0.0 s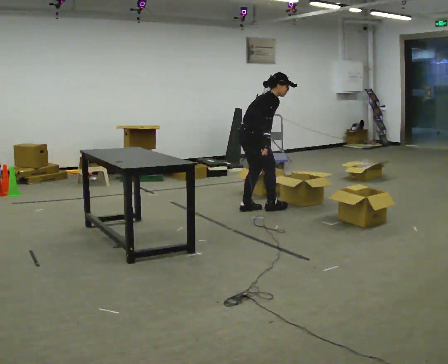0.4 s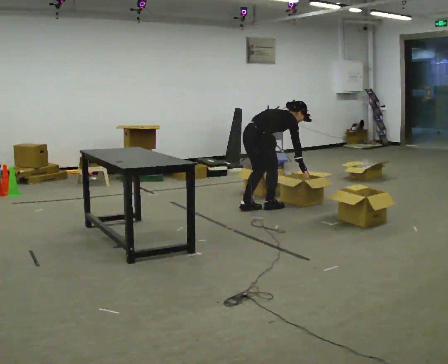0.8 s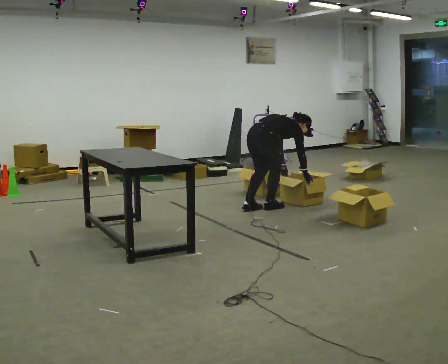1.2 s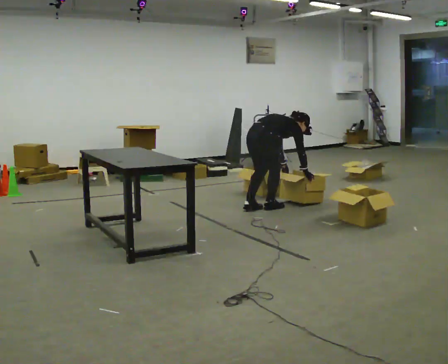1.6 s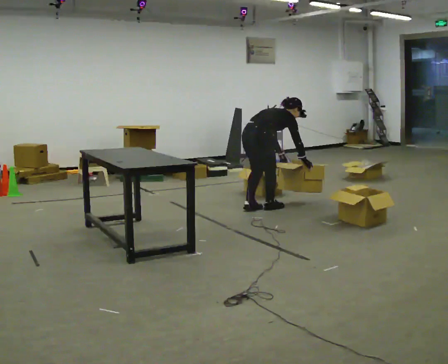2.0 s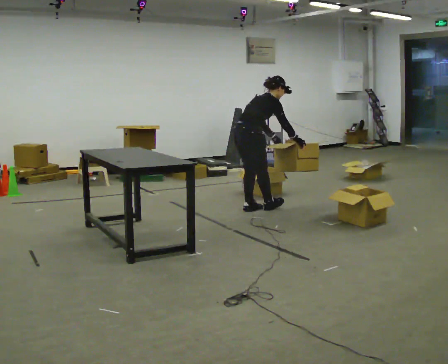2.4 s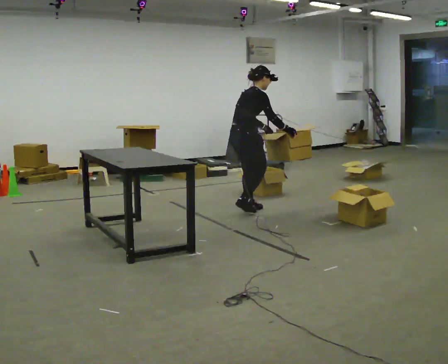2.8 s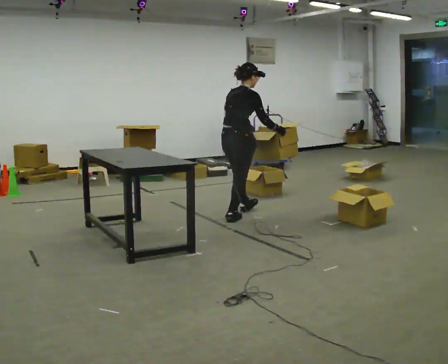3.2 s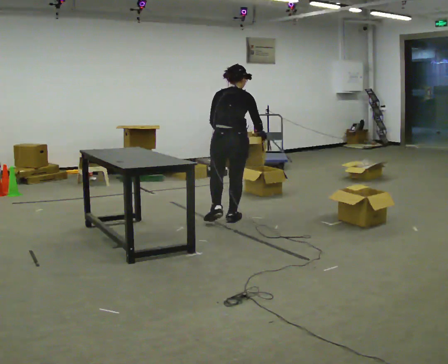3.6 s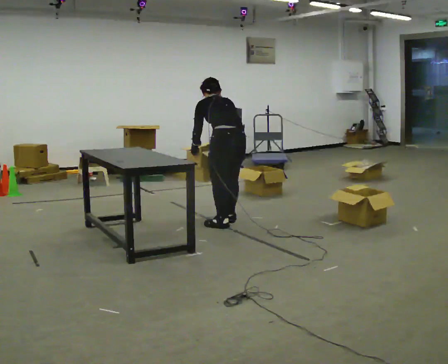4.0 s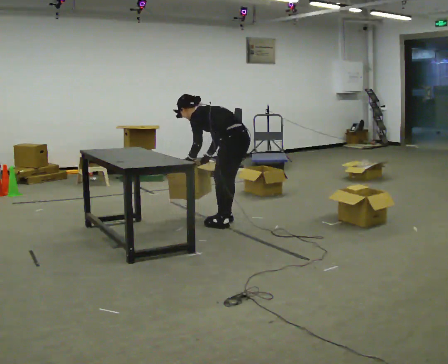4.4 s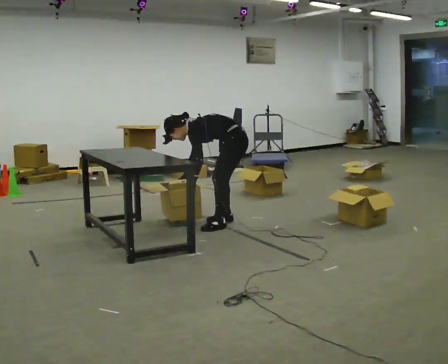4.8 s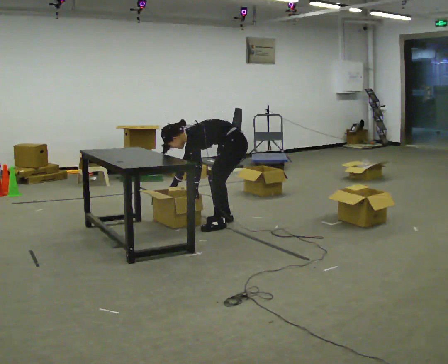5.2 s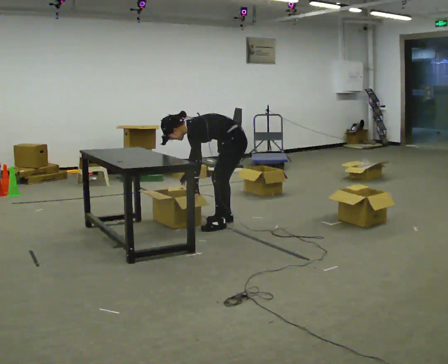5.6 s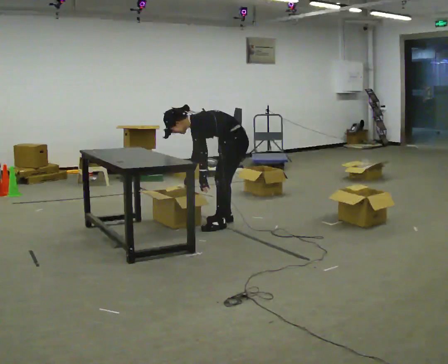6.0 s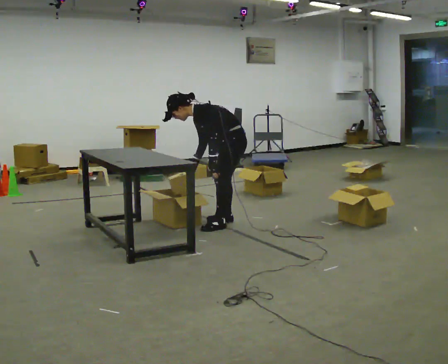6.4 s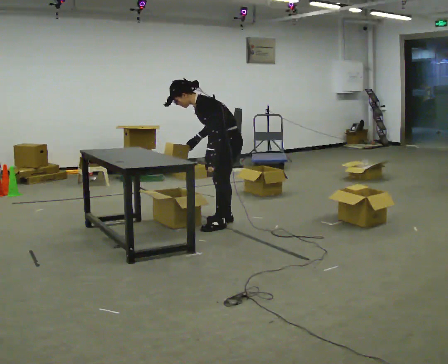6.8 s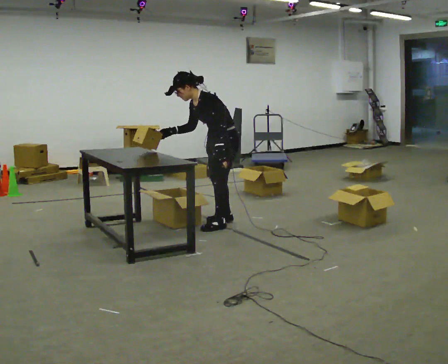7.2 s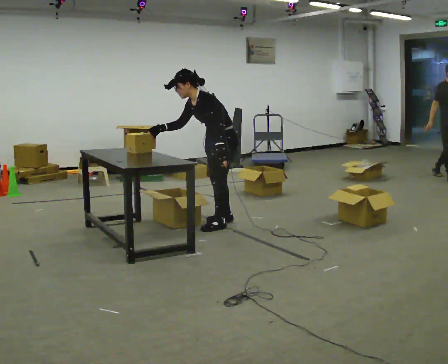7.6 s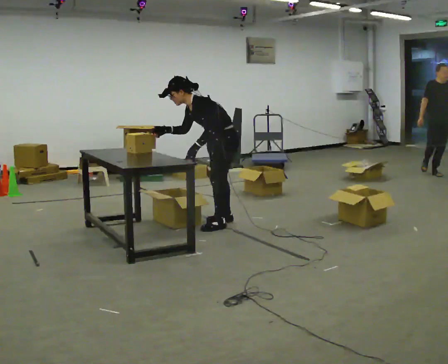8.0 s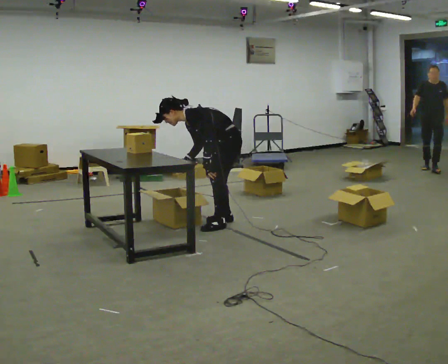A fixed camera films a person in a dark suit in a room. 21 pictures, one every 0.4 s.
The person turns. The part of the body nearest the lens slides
to the right.
The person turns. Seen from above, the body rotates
counterclockwise.
0.0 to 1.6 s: In the picture their right hand goes to the right.
1.6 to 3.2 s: The part of the body nearest the lens slides to the right as the person turns to their left by about 45 degrees. In the picture they go toward the camera and to the left, about 0.5 m in 2 steps, which for them is backward and to their right. The shoulders move upward. In the picture the upper body tilts counterclockwise, shoulders to the left, as they lean back or straighten. In the picture their right hand goes upward.
3.2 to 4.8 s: The person turns about 105 degrees to their left, counterclockwise seen from above, so the part of the body nearest the lens slides to the right. The shoulders move downward. In the picture the upper body tilts counterclockwise, shoulders to the left, as they bend forward. In the picture their right hand goes to the left and downward, the arm swinging clockwise.
4.8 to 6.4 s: The shoulders move upward. In the picture the upper body tilts clockwise, shoulders to the right, as they lean back or straighten. In the picture their right hand goes upward.
6.4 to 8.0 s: The person moves a little, or ends about where they began.
The film runs backward here.
